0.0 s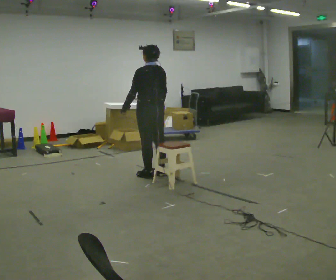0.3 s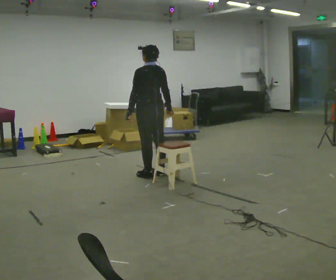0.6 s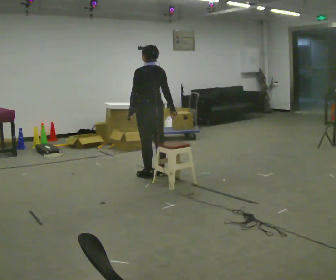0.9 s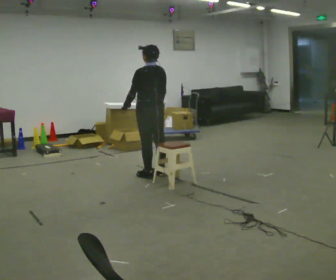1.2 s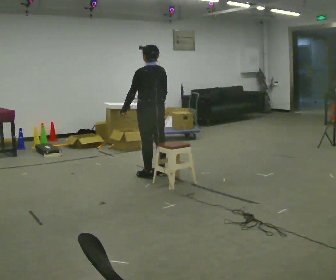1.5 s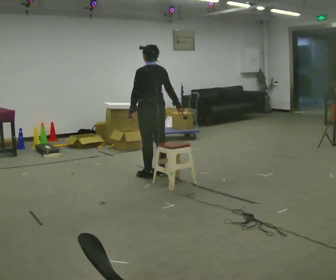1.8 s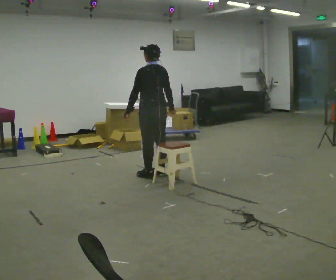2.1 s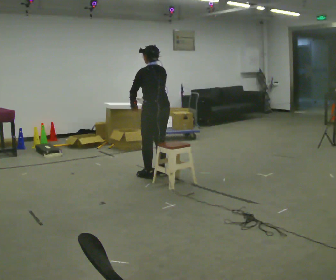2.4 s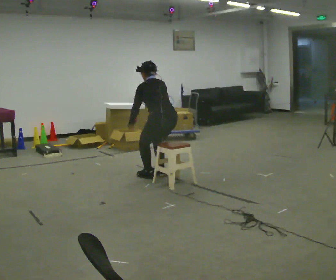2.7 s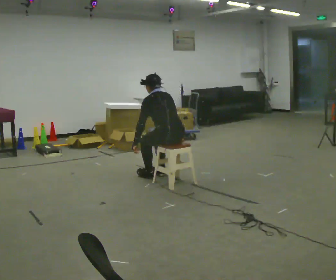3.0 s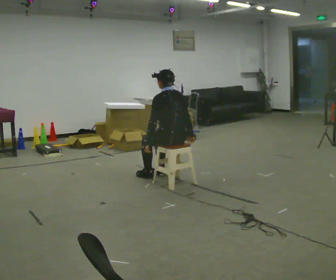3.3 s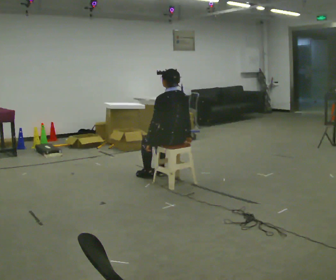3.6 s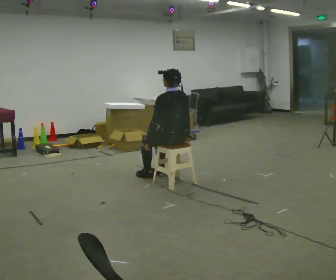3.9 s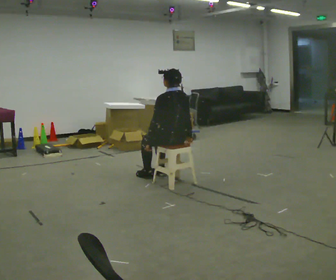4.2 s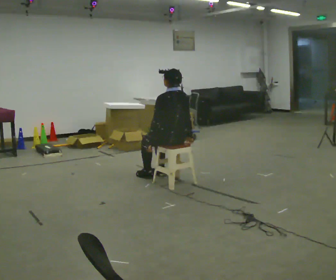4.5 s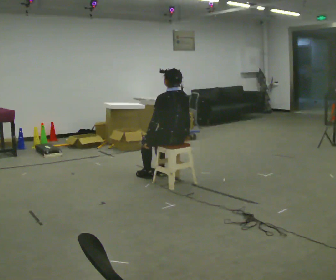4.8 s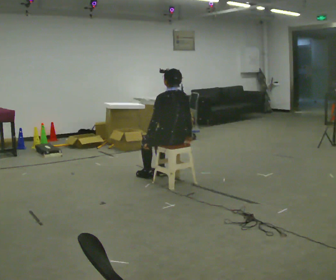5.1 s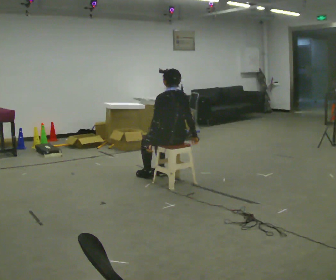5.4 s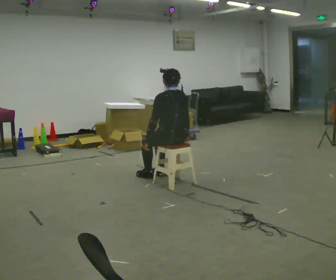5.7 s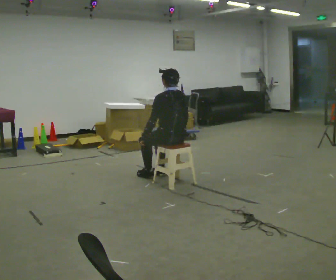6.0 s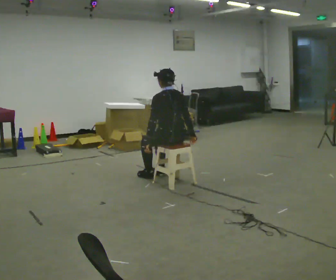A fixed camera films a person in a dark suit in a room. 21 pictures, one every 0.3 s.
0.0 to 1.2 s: The person moves a little, or ends about where they began.
1.2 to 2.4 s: In the picture they go toward the camera, about 0.25 m, which for them is backward. The shoulders move downward. The upper body tips away from the camera, its near side rolling upward, as they bend forward.
2.4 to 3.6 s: The upper body tips toward the camera, its near side rolling downward, as they lean back or straighten. In the picture their right hand goes to the right.
3.6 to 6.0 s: The person moves a little, or ends about where they began.
The film runs backward here.
